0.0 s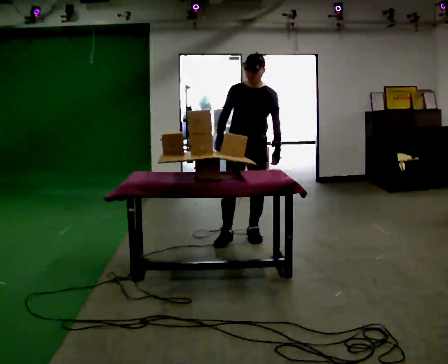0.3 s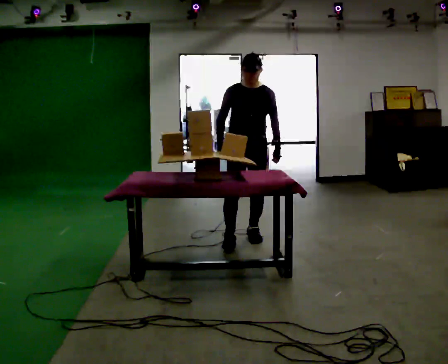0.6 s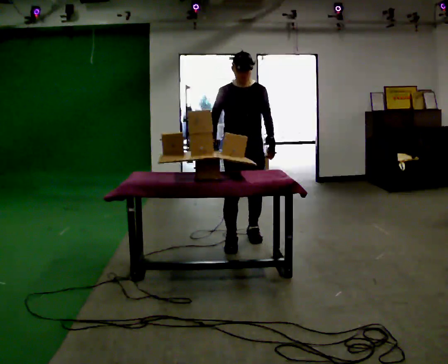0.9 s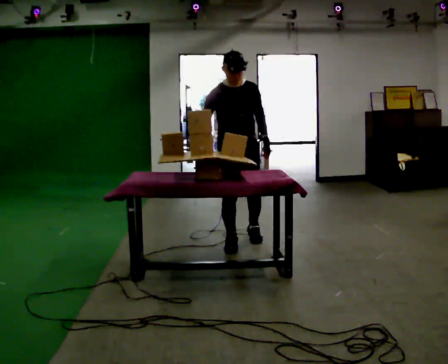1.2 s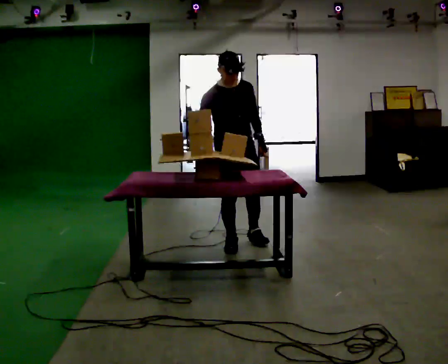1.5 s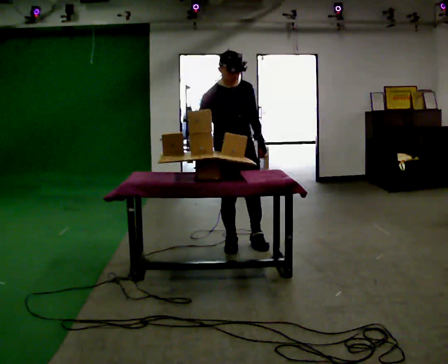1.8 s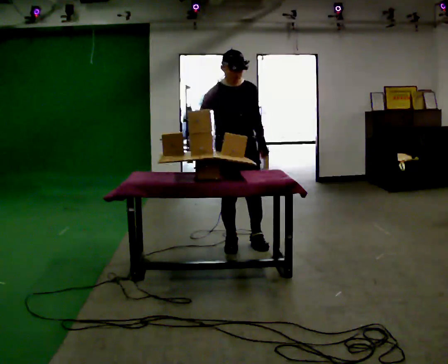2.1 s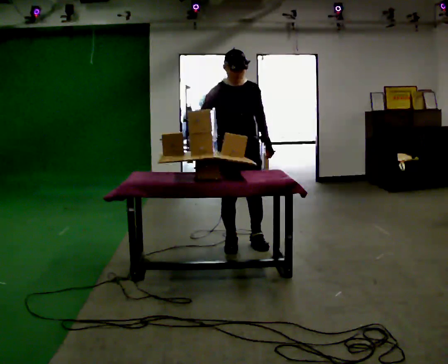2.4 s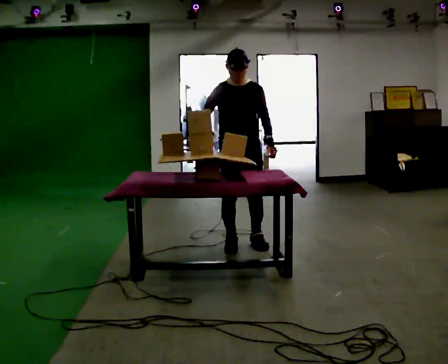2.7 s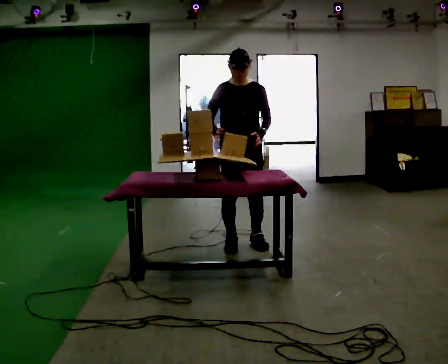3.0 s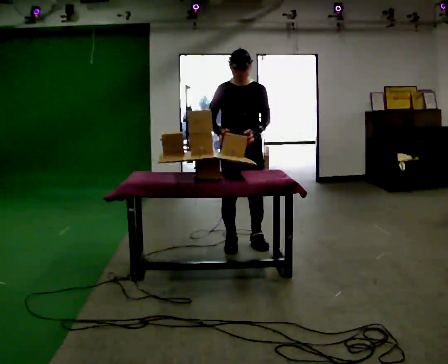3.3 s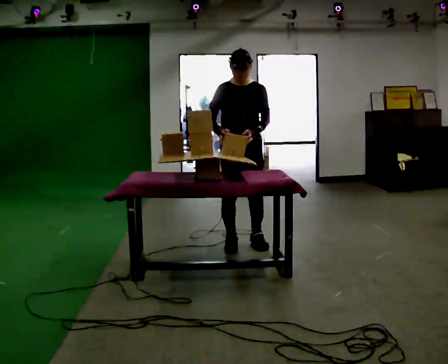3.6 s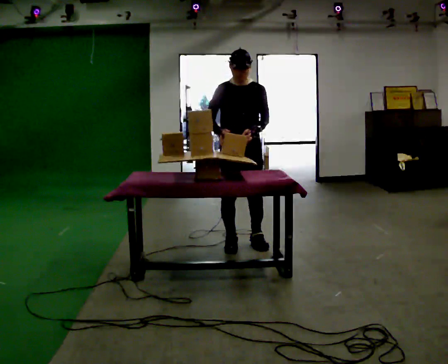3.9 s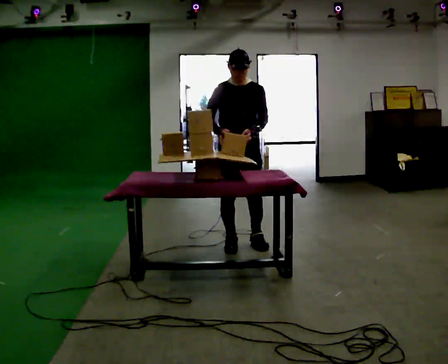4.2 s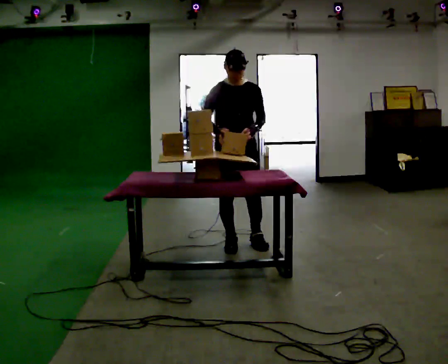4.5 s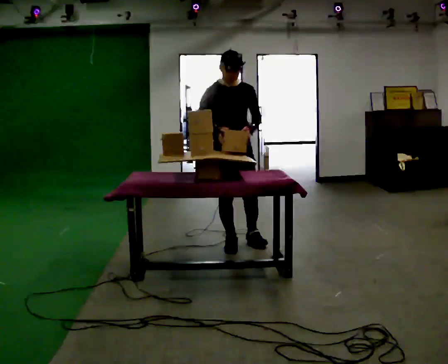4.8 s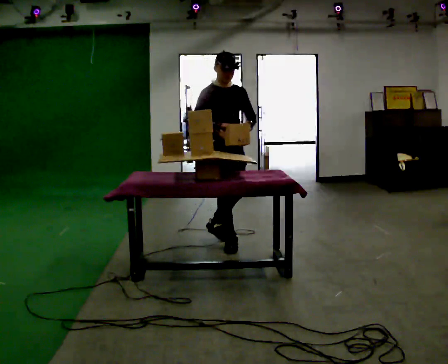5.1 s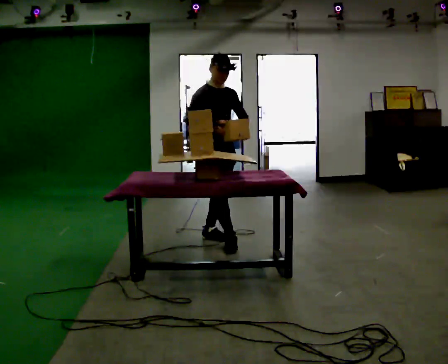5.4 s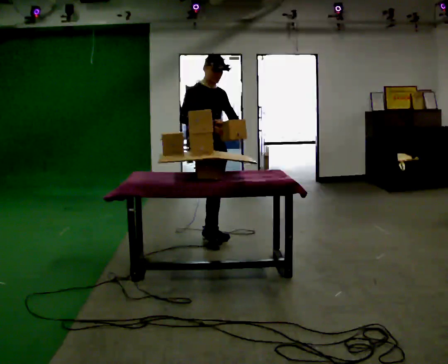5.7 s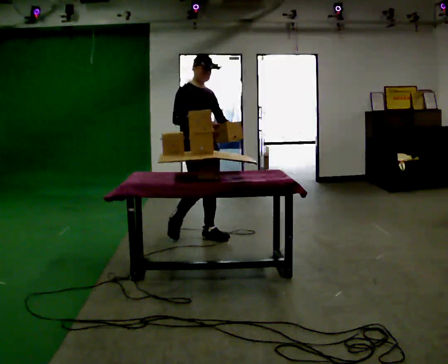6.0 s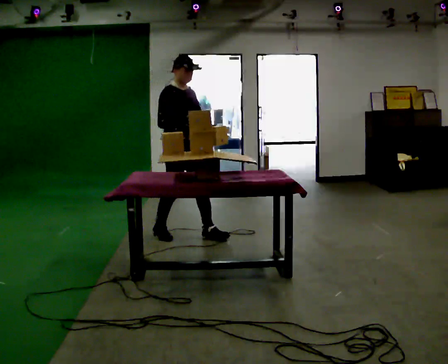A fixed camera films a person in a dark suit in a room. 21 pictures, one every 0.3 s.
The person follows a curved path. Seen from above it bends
clockwise.
0.0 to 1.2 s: Seen from above the body turns counterclockwise, about 30 degrees: to their left, with its near side sliding to the right. In the picture they go toward the camera, about 0.25 m in 1 step, which for them is forward and to their right.
1.2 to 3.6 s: The person moves a little, or ends about where they began.
3.6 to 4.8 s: The part of the body nearest the lens slides to the right as the person turns to their left by about 30 degrees. In the picture they go to the left, about 0.25 m in 1 step, which for them is to their right.
4.8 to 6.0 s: In the picture they go to the left and away from the camera, about 0.5 m in 1 step, which for them is backward.
The film runs backward here.
